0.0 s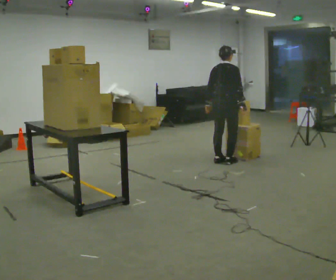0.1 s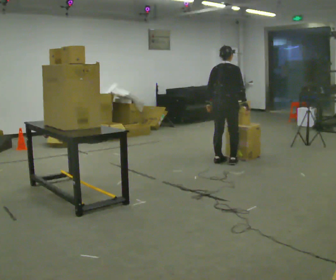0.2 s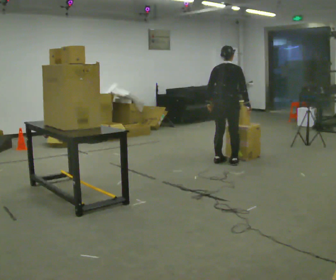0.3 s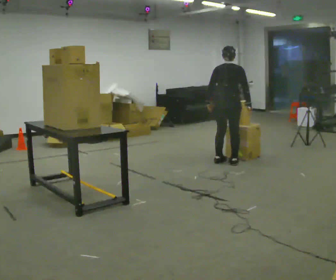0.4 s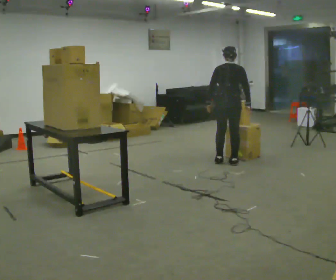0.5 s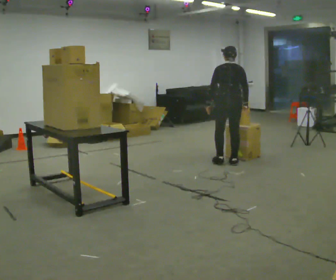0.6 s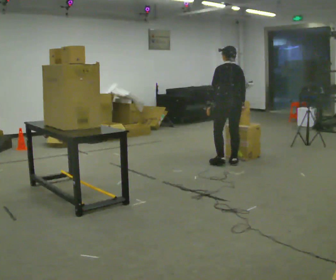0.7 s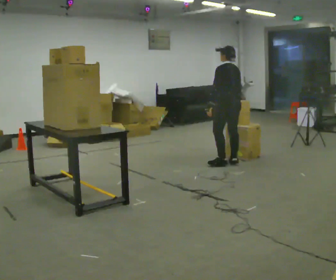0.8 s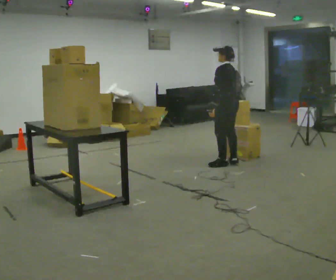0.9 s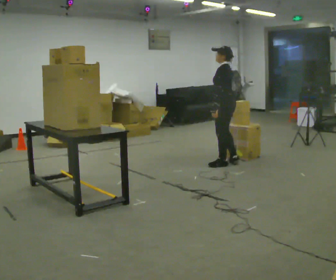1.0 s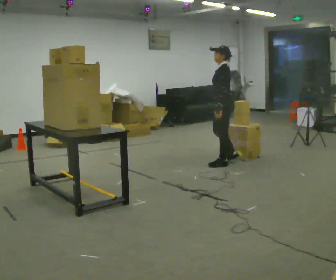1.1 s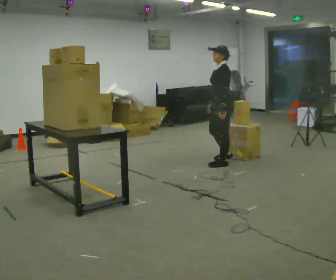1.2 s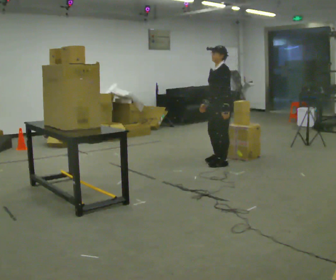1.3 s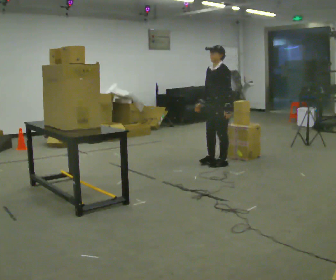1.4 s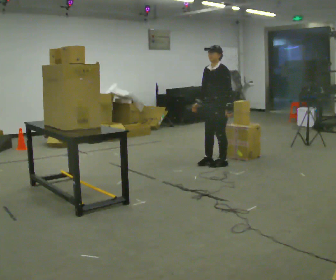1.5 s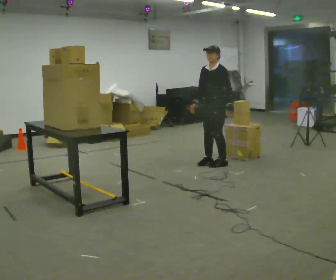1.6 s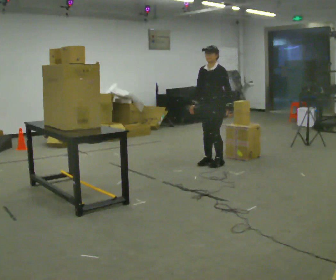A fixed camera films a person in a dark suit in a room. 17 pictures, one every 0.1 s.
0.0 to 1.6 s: The person turns about 165 degrees to their left, counterclockwise seen from above, so the part of the body nearest the lens slides to the right. In the picture their left hand goes to the right, the arm swinging counterclockwise.
The film runs forward here.
